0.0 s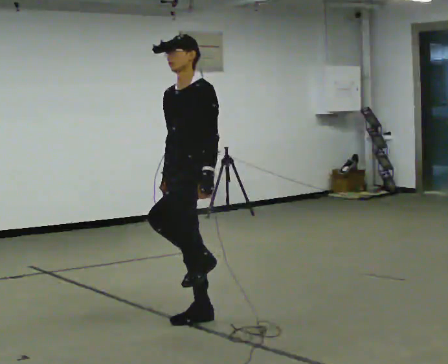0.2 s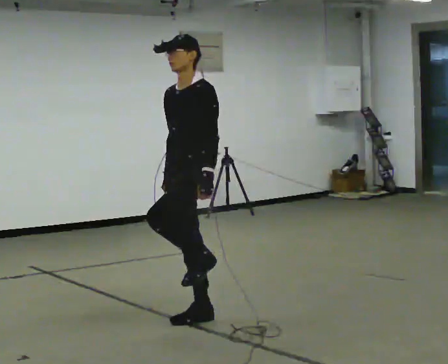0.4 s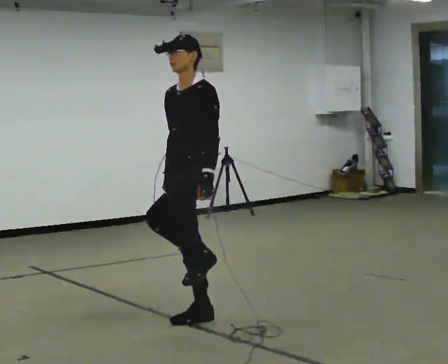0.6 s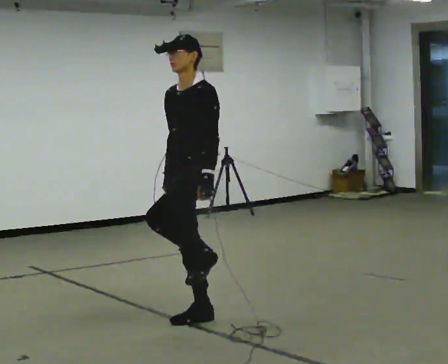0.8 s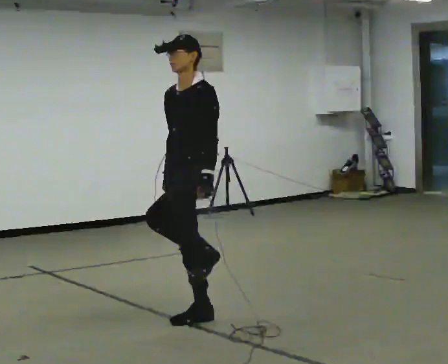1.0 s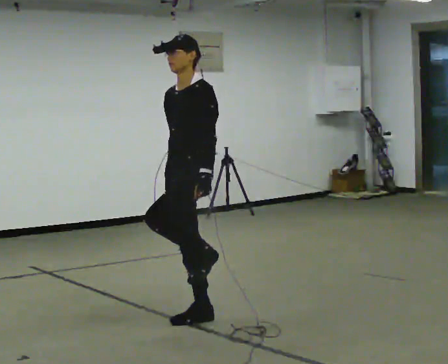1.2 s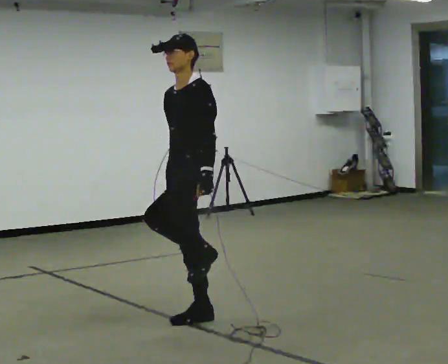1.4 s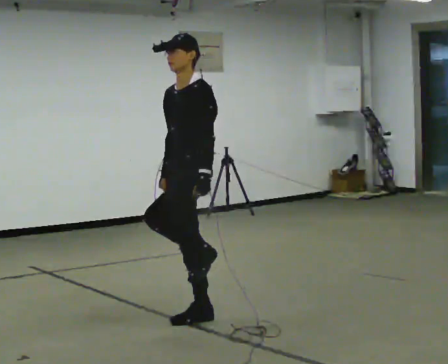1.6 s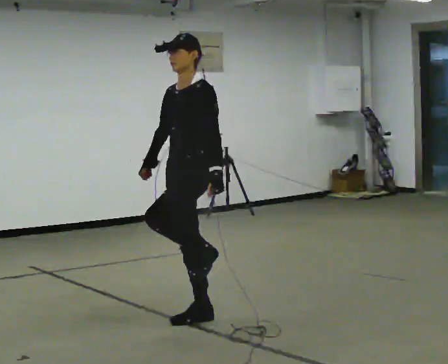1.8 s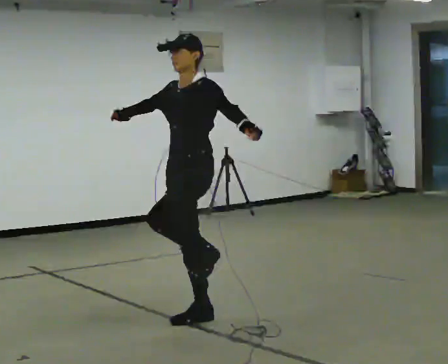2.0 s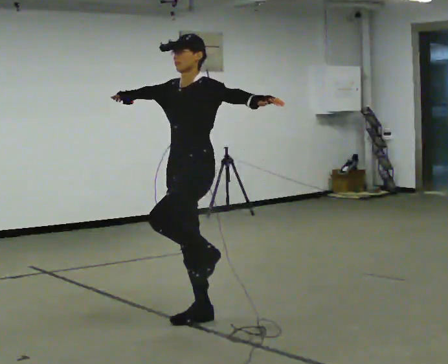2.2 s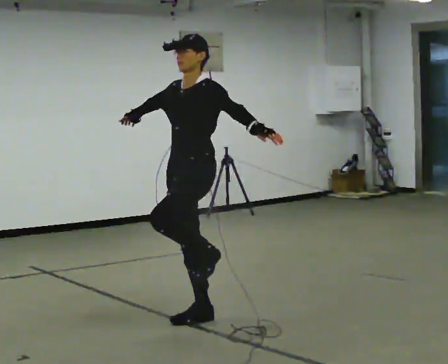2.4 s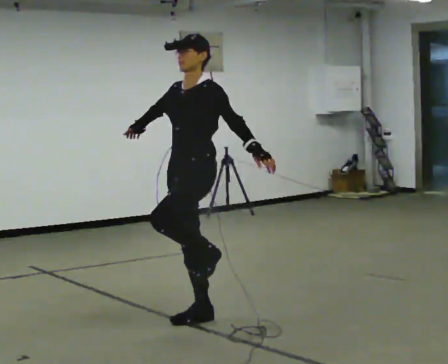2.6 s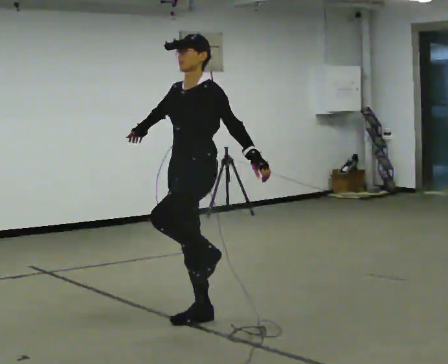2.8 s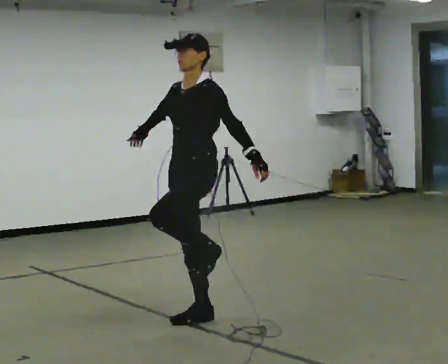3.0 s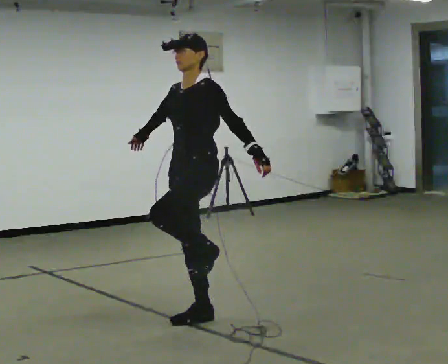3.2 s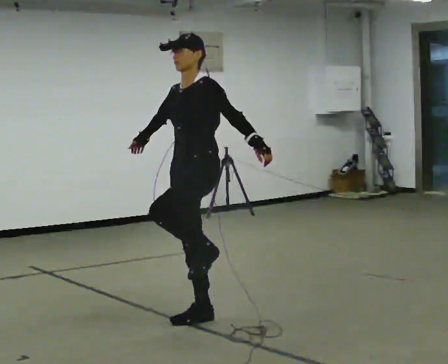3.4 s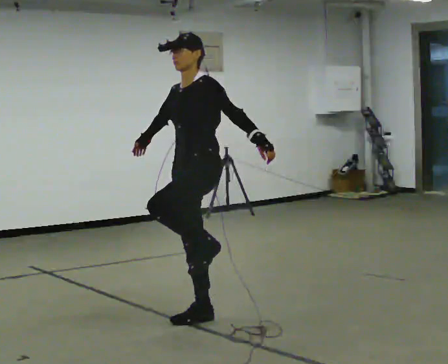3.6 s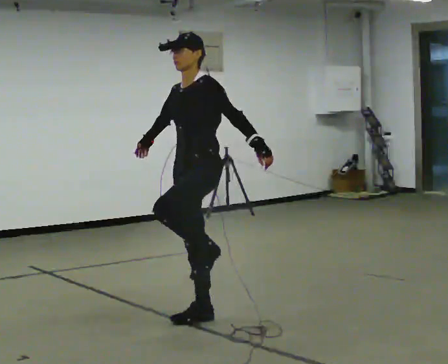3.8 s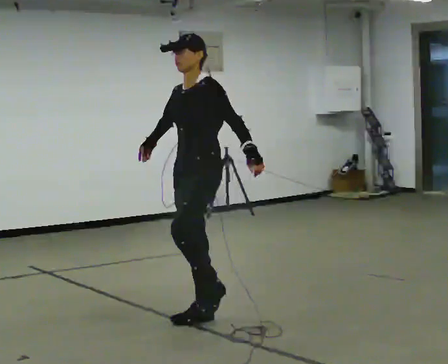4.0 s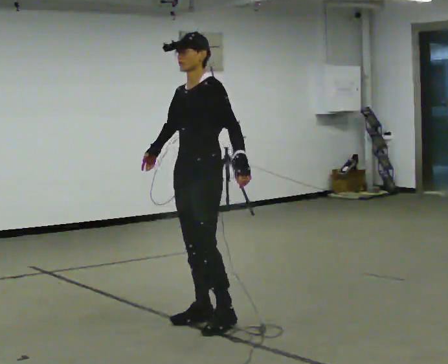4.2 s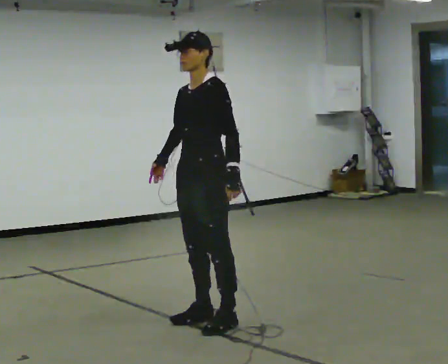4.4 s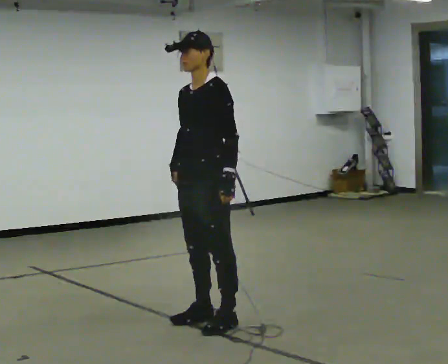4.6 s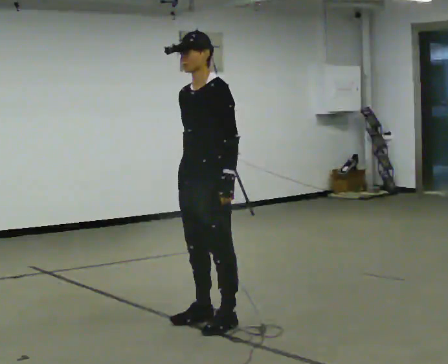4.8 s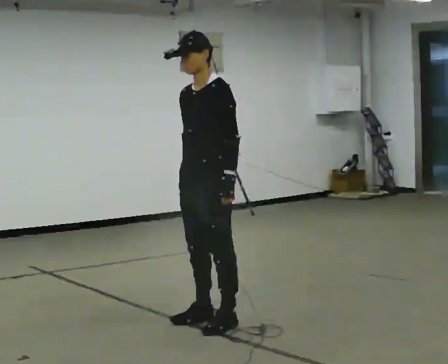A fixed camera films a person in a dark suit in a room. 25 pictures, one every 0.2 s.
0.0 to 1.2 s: The person moves a little, or ends about where they began.
1.2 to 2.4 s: In the picture their right hand goes upward.
2.4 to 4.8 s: In the picture their right hand goes downward and to the right, the arm swinging counterclockwise.
The film runs backward here.
